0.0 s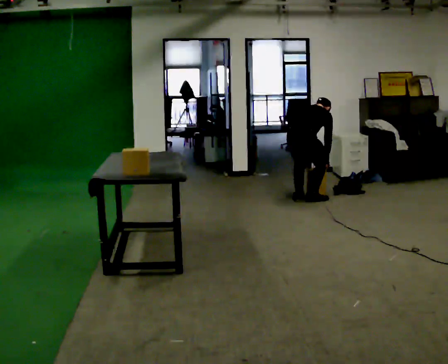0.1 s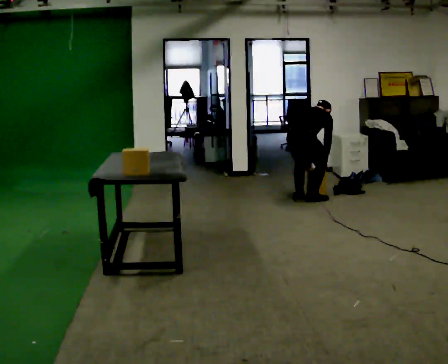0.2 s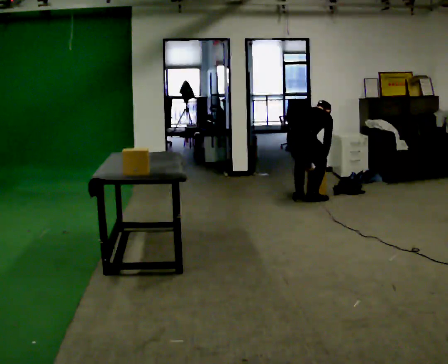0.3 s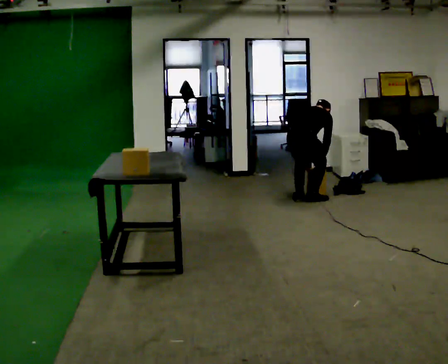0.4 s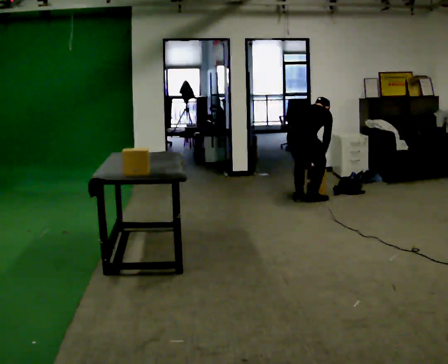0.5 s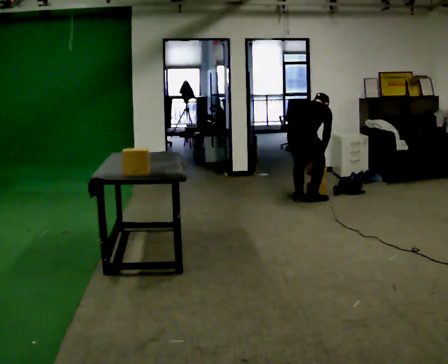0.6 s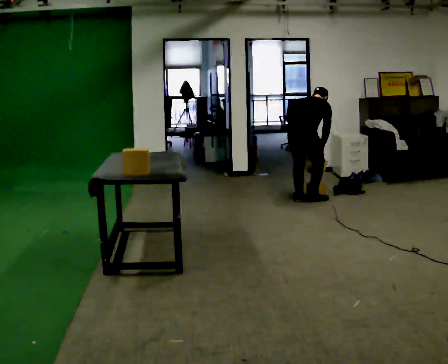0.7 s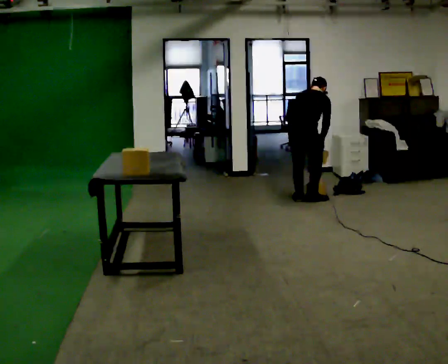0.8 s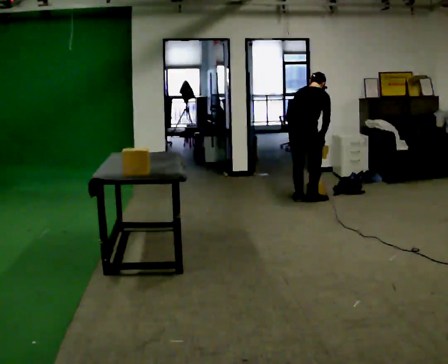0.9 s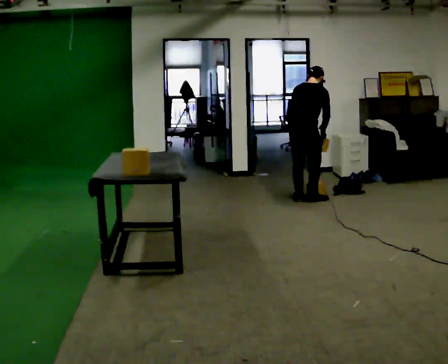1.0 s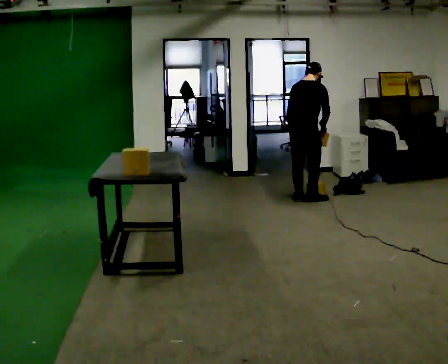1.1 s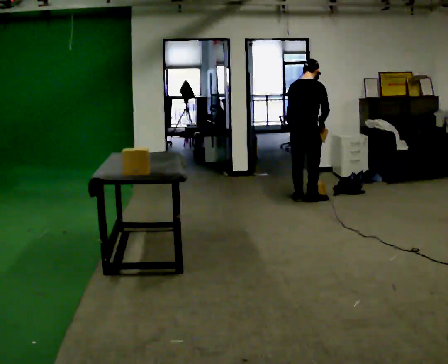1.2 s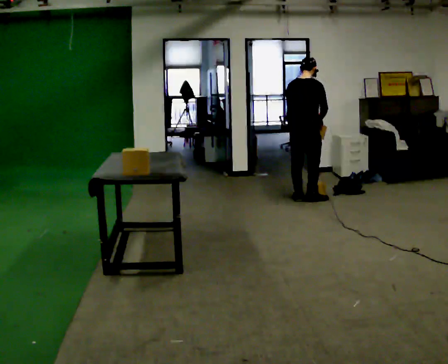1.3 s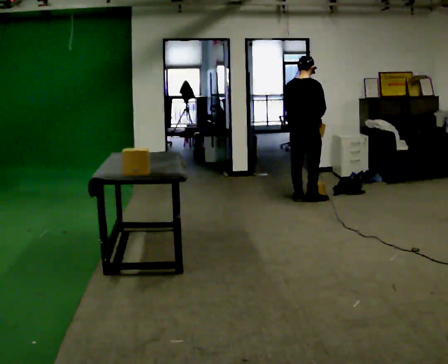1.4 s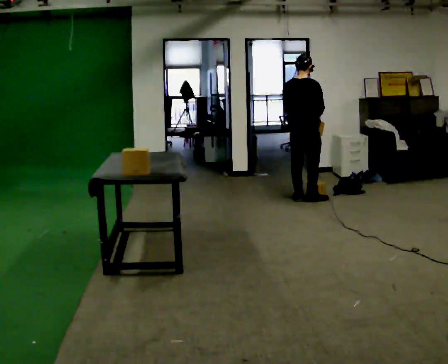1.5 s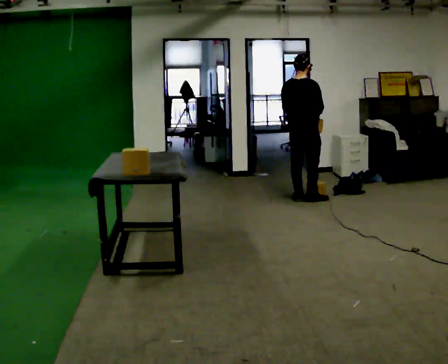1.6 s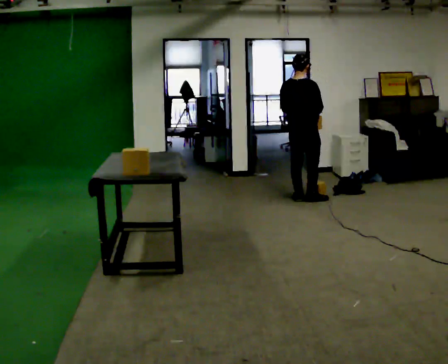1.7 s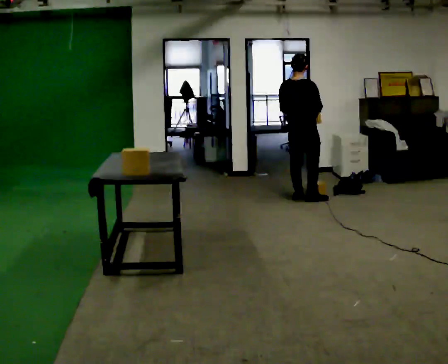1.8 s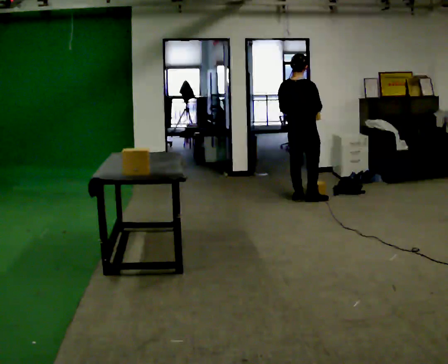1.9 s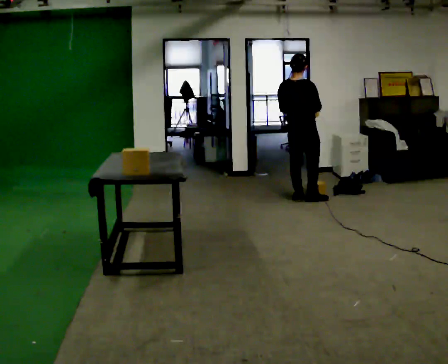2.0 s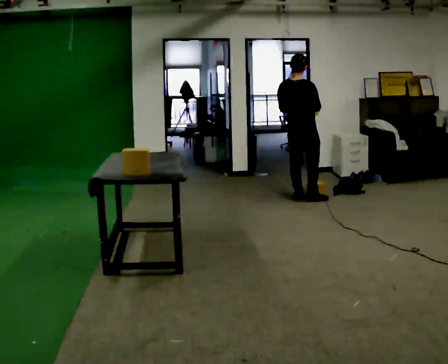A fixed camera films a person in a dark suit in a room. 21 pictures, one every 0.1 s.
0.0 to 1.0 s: The shoulders move upward. The upper body tips toward the camera, its near side rolling downward, as they lean back or straighten. In the picture their right hand goes upward.
1.0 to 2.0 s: The upper body tips toward the camera, its near side rolling downward, as they lean back or straighten.
The film runs forward here.
